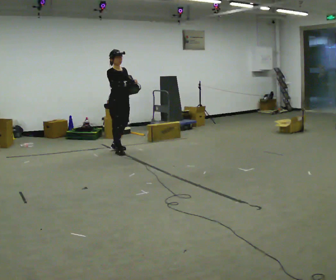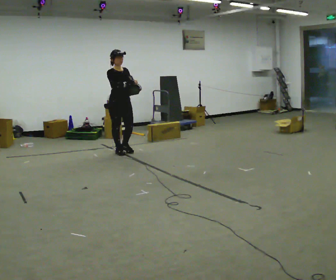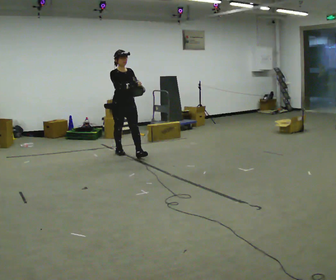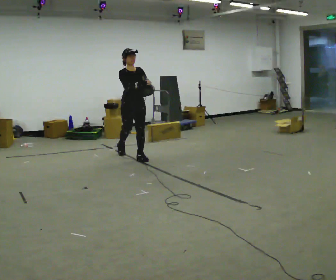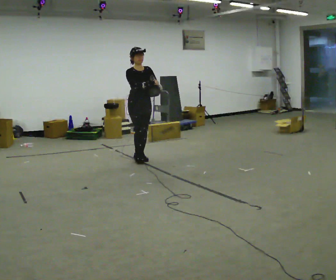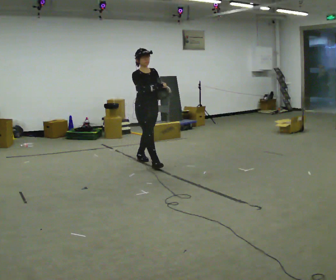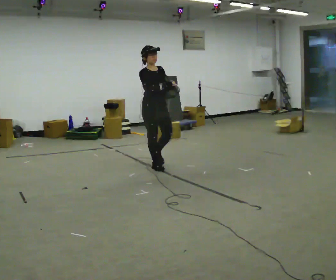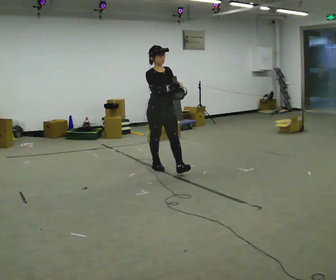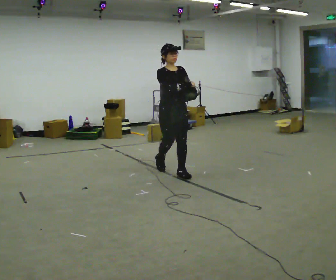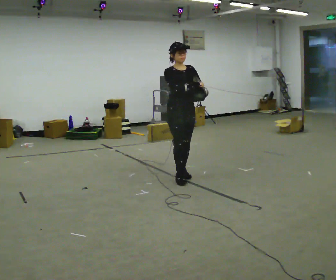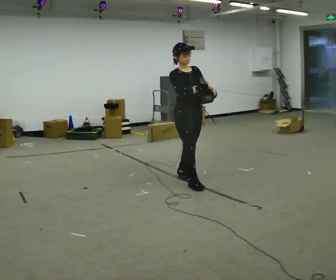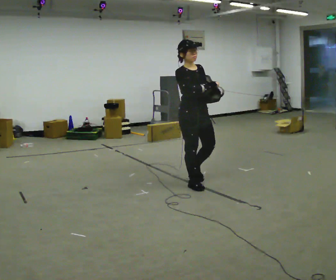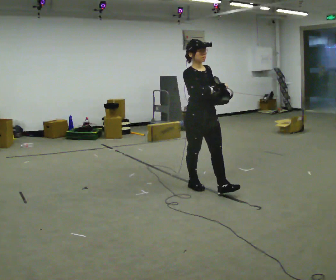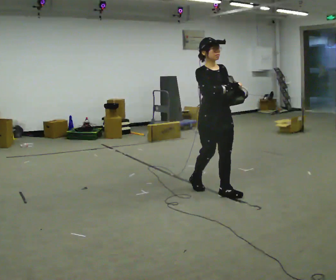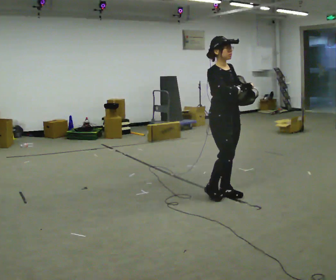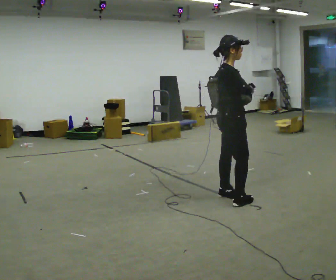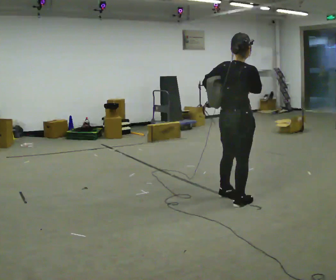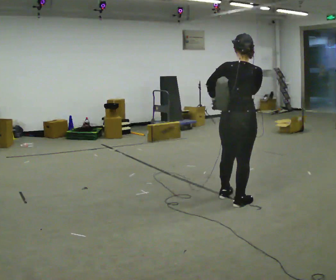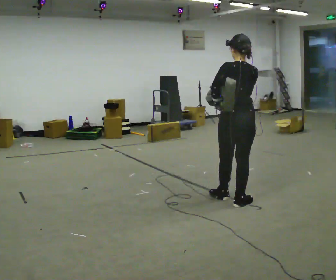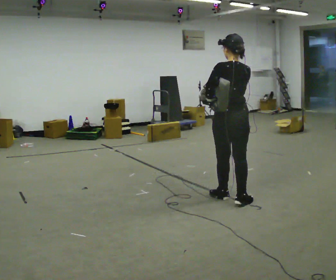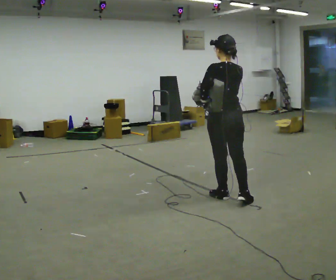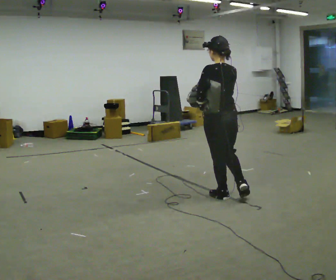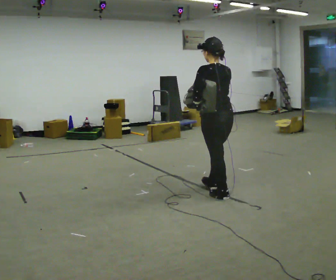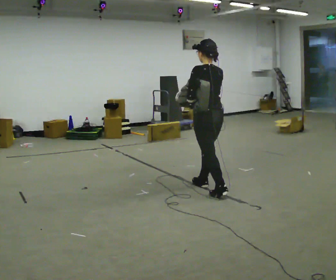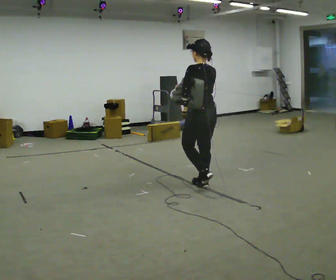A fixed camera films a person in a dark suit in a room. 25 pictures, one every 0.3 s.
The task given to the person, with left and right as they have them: Put the soft bag up onto your shoulder and carry it across the room, back and forth.
0.0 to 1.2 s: In the picture they go to the right and toward the camera, about 0.5 m in 1 step, which for them is forward.
1.2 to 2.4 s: In the picture they go toward the camera and to the right, about 1 m in 2 steps, which for them is forward.
2.4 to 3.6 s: In the picture they go toward the camera and to the right, about 0.5 m in 1 step, which for them is forward.
3.6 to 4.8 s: The person turns about 90 degrees to their left, counterclockwise seen from above, so the part of the body nearest the lens slides to the right. In the picture they go toward the camera and to the right, about 0.5 m in 2 steps.
4.8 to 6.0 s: The person turns about 60 degrees to their left, counterclockwise seen from above, so the part of the body nearest the lens slides to the right.
6.0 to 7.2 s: In the picture they go away from the camera and to the left, about 0.5 m in 1 step, which for them is forward.
The film runs forward here.
